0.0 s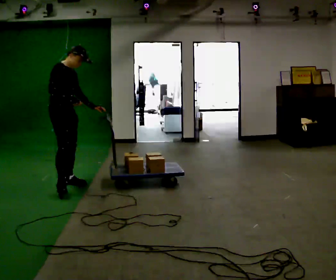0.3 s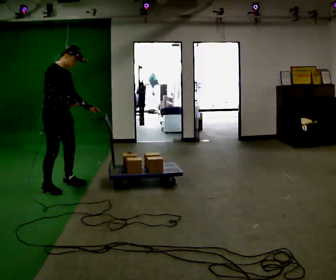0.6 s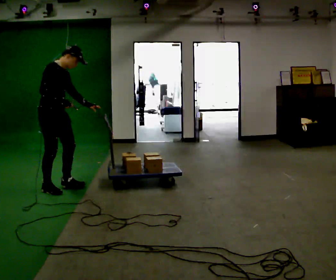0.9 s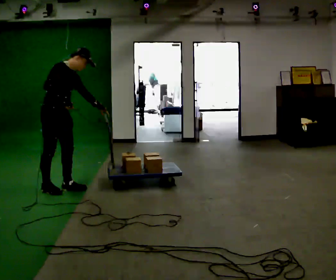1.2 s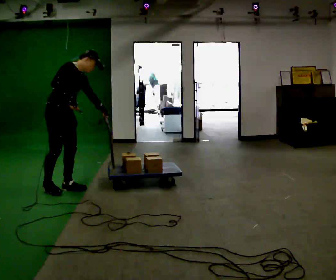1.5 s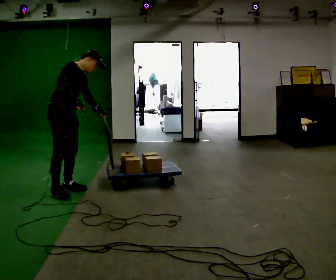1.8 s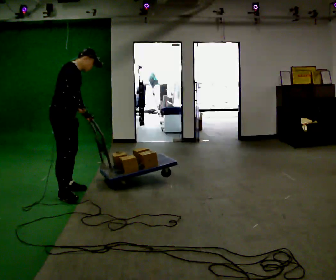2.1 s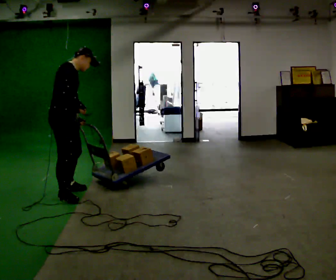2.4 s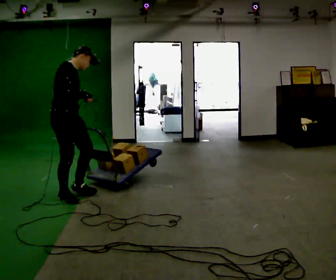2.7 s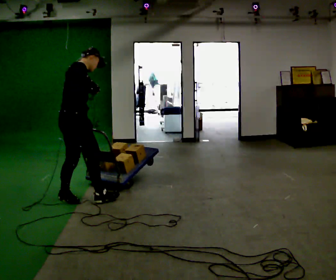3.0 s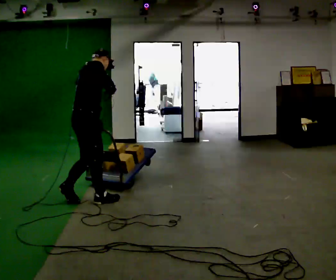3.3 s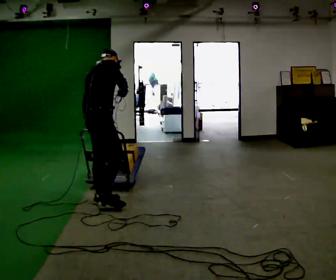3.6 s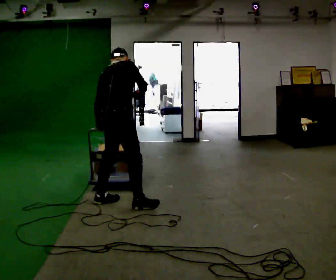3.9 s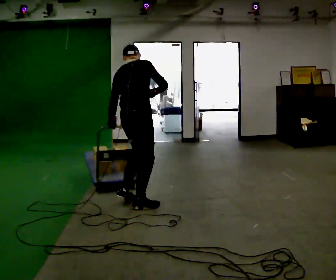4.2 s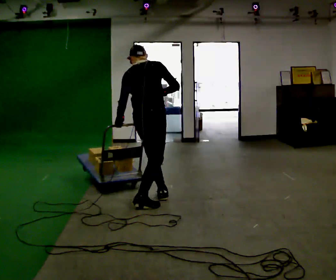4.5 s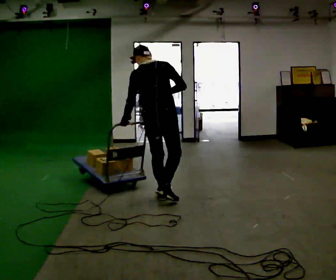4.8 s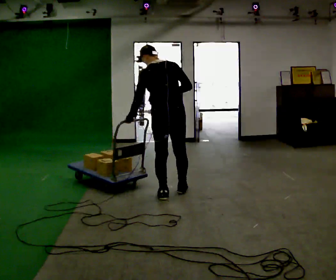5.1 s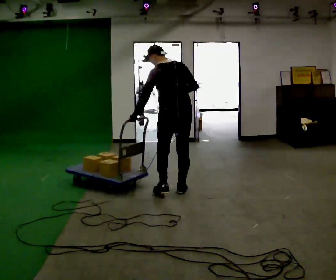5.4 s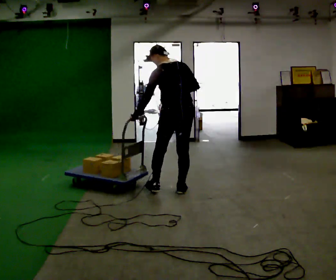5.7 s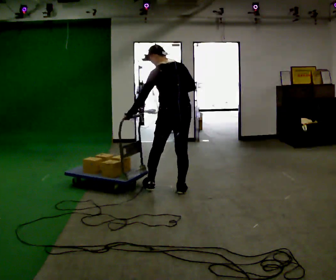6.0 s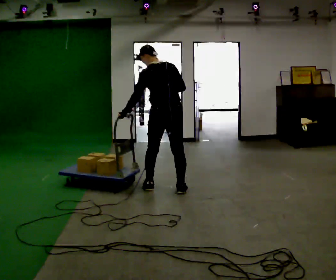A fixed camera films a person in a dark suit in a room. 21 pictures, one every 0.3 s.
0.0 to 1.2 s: In the picture they go toward the camera, about 0.25 m in 2 steps, which for them is to their right. In the picture the upper body tilts clockwise, shoulders to the right.
1.2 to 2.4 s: In the picture they go toward the camera, about 0.25 m in 1 step, which for them is to their right and forward. In the picture the upper body tilts counterclockwise, shoulders to the left.
2.4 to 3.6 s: The part of the body nearest the lens slides to the right as the person turns to their left by about 45 degrees. In the picture they go to the right, about 0.5 m in 2 steps, which for them is forward and to their right.
3.6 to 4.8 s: The person turns about 45 degrees to their left, counterclockwise seen from above, so the part of the body nearest the lens slides to the right. In the picture they go to the right and away from the camera, about 0.5 m in 1 step, which for them is forward.
4.8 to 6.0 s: In the picture they go away from the camera, about 0.25 m in 2 steps, which for them is forward.
The film runs forward here.
